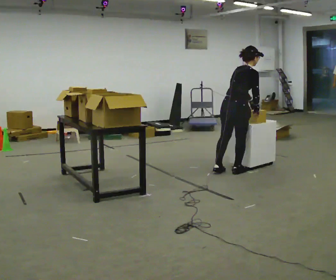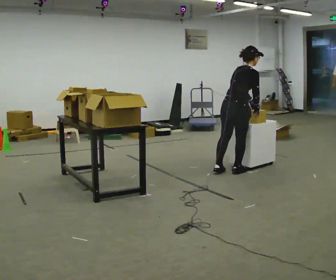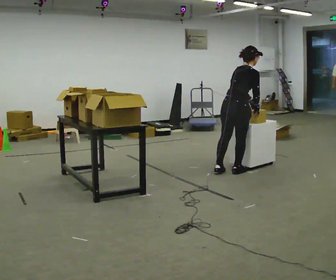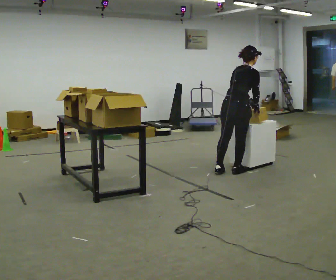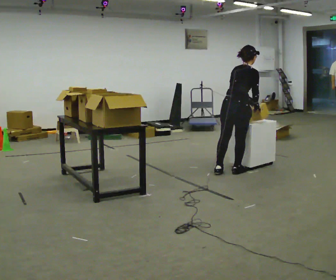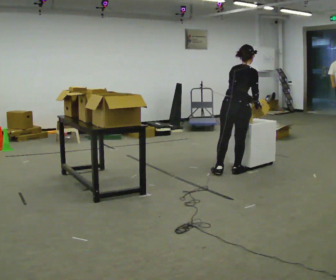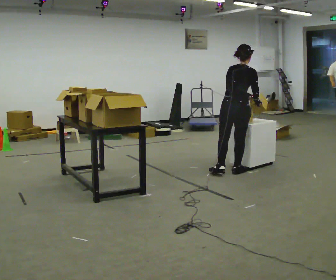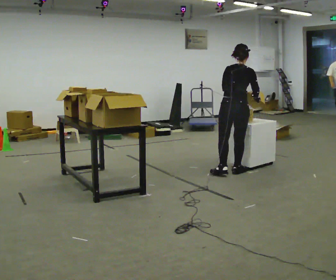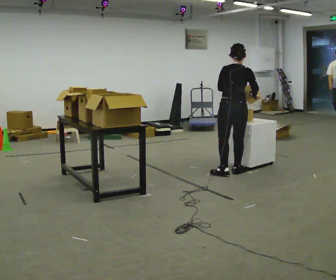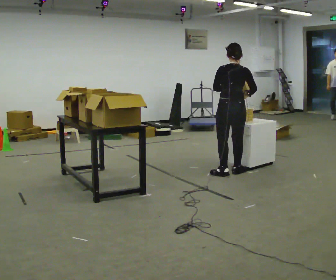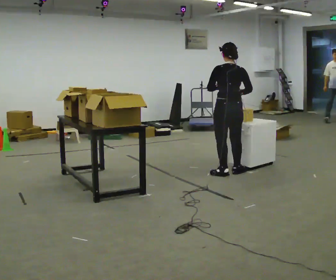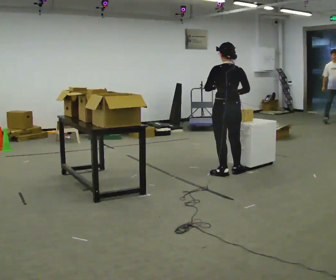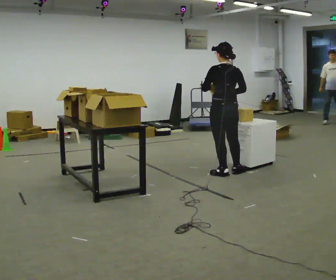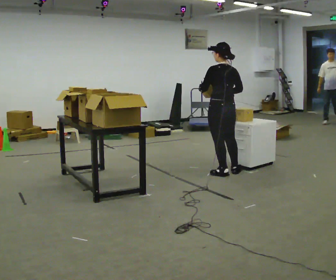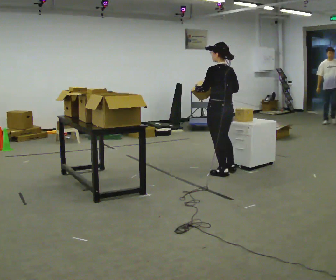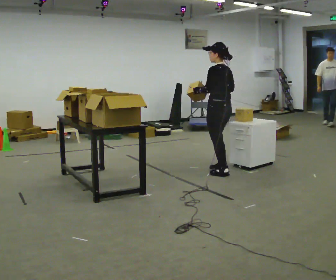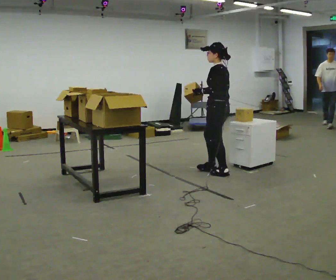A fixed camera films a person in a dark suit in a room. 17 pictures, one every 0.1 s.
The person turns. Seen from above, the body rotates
counterclockwise.
The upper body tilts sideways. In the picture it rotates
counterclockwise.
0.0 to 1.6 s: Seen from above the body turns counterclockwise, about 120 degrees: to their left, with its near side sliding to the right. In the picture they go to the left, about 0.25 m in 1 step. In the picture the upper body tilts counterclockwise, shoulders to the left, as they lean back or straighten. In the picture their left hand goes to the left.
The film runs forward here.
